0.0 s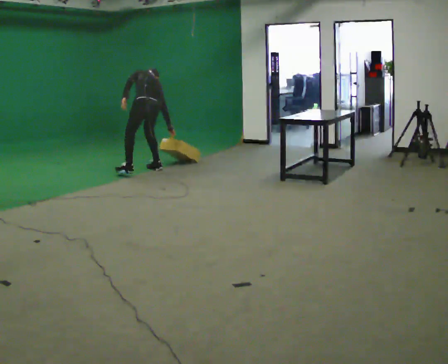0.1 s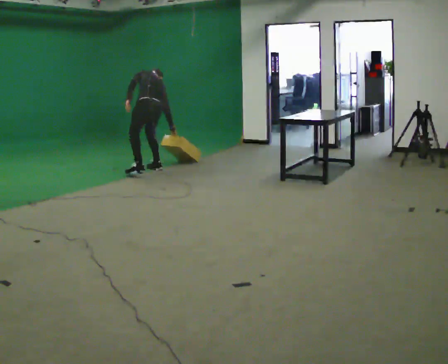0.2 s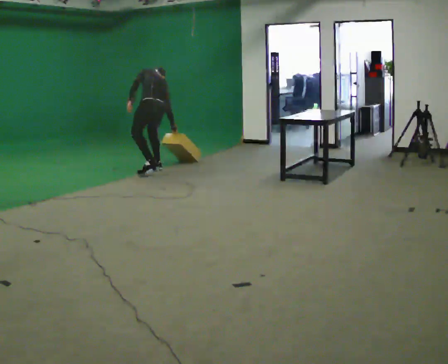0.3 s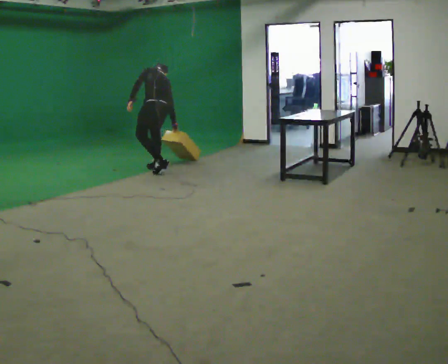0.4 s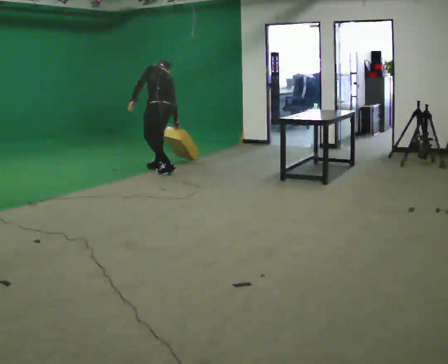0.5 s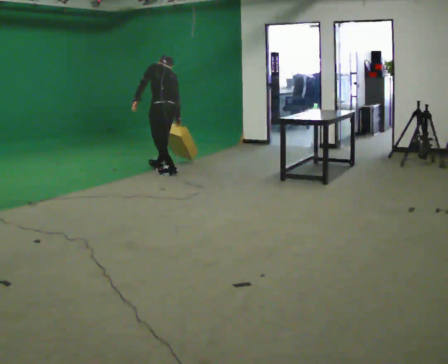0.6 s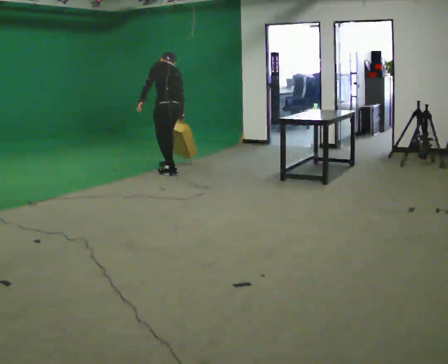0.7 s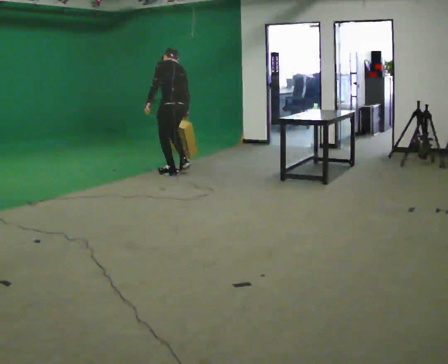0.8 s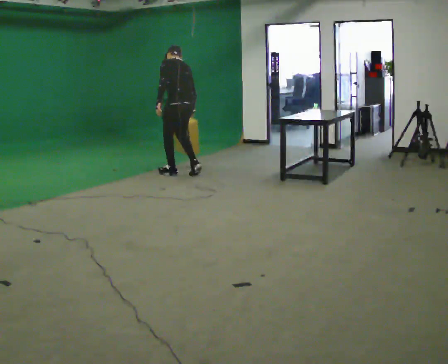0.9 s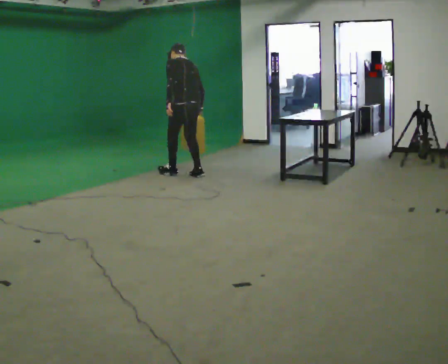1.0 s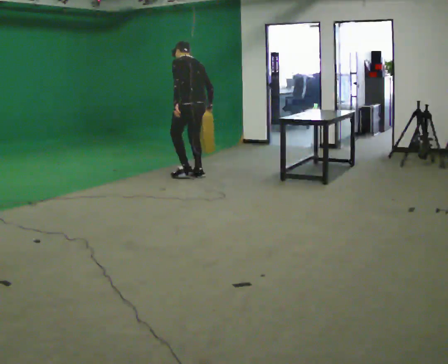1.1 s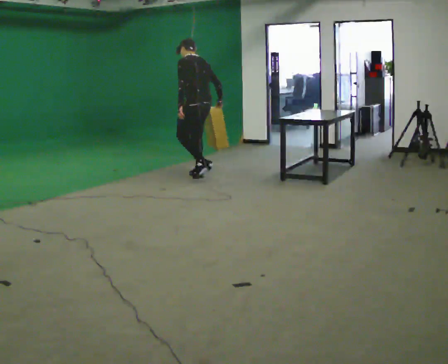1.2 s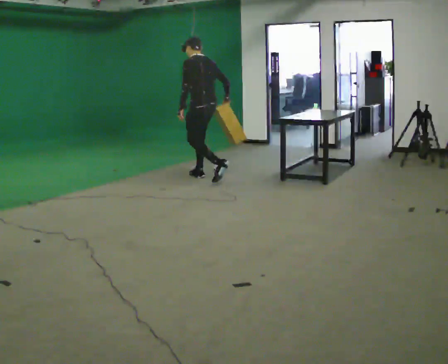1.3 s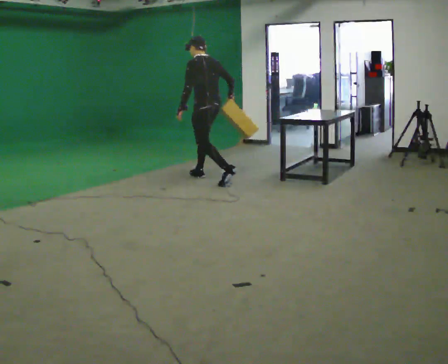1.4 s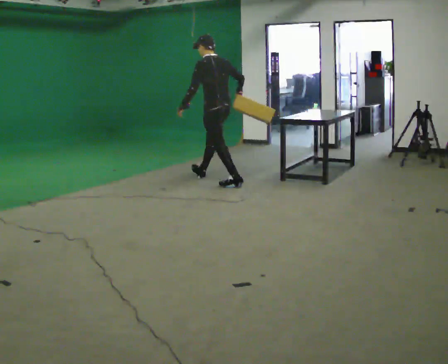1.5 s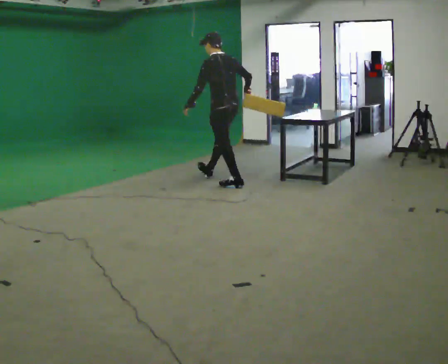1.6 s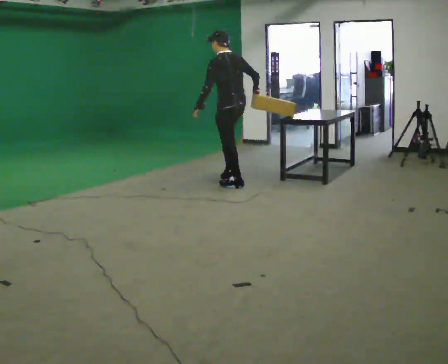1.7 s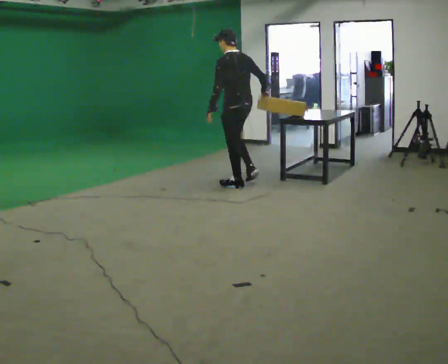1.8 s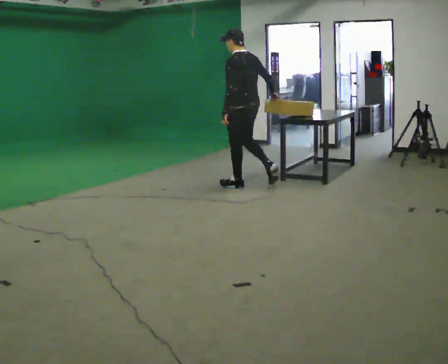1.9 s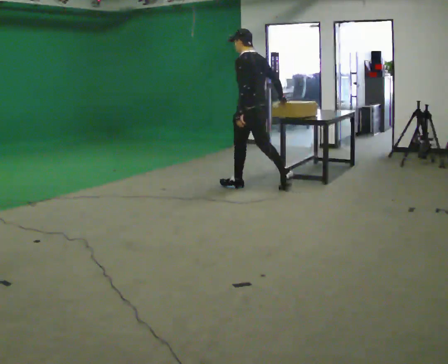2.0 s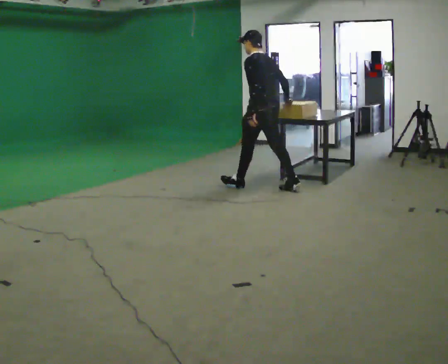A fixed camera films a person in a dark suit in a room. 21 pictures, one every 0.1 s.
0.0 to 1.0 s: In the picture they go to the right and toward the camera, about 0.75 m in 2 steps, which for them is backward and to their right. The shoulders move upward. The upper body tips toward the camera, its near side rolling downward, as they lean back or straighten.
1.0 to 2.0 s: In the picture they go to the right and toward the camera, about 1 m in 1 step, which for them is backward. The upper body tips toward the camera, its near side rolling downward, as they lean back or straighten.
The film runs backward here.
